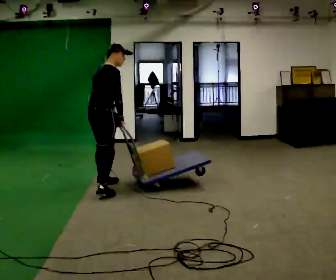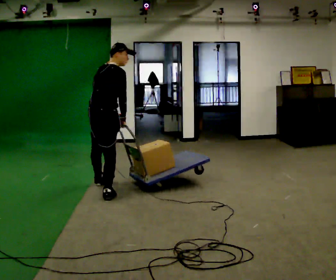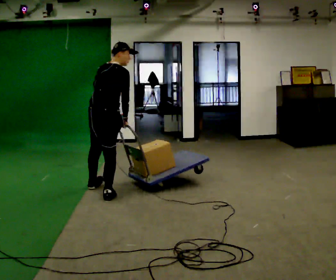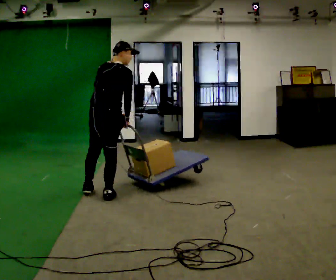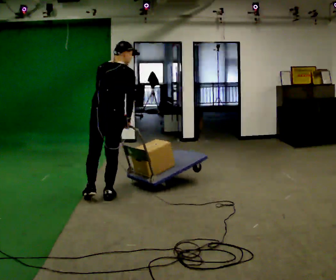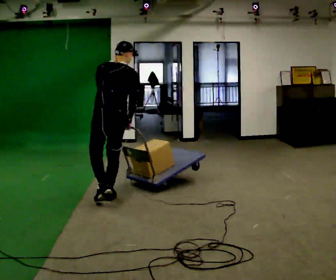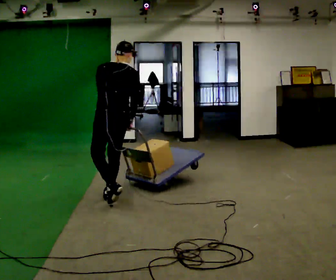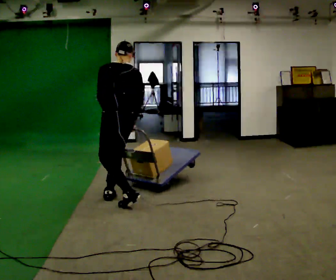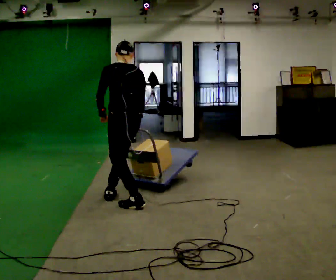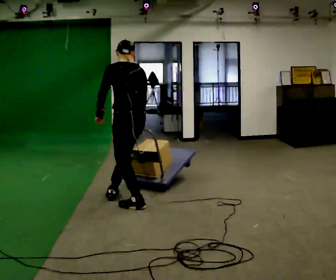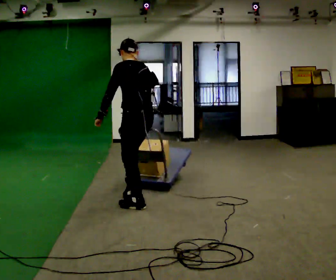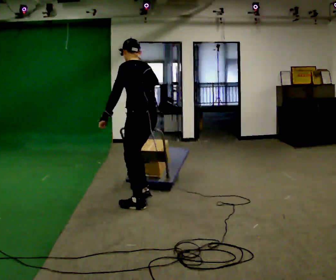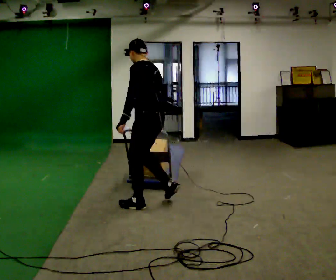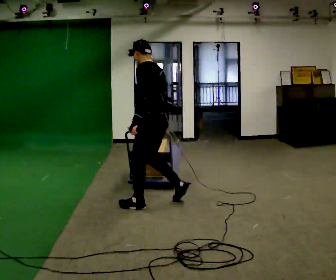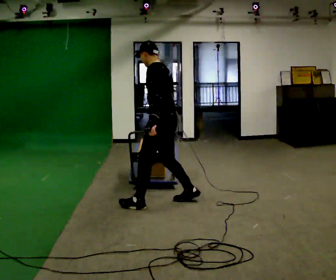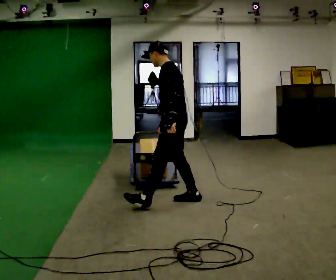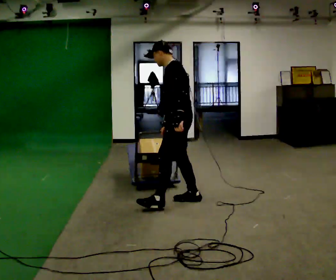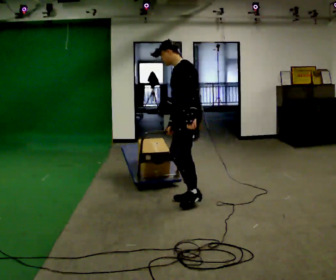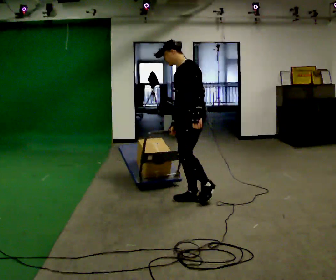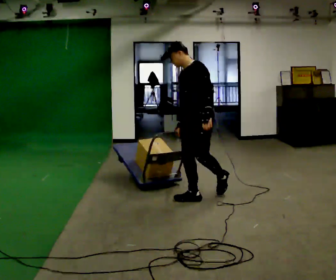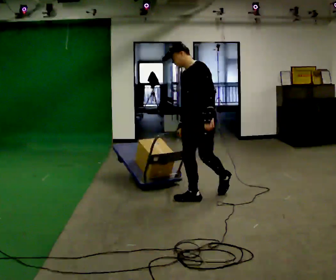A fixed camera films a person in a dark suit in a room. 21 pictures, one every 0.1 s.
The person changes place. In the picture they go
to the right.
The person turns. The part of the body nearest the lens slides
to the right.
0.0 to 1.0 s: Seen from above the body turns counterclockwise, about 105 degrees: to their left, with its near side sliding to the right. In the picture they go toward the camera and to the right, about 0.5 m in 2 steps. In the picture the upper body tilts counterclockwise, shoulders to the left.
1.0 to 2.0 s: Seen from above the body turns counterclockwise, about 75 degrees: to their left, with its near side sliding to the right. In the picture they go to the right, about 0.75 m in 1 step.
The film runs backward here.
